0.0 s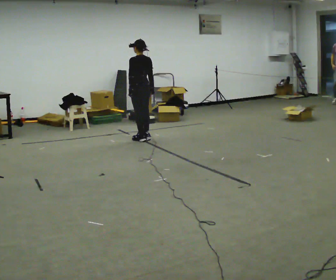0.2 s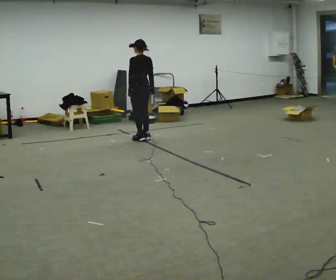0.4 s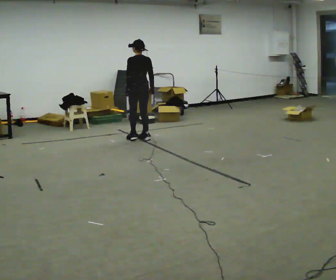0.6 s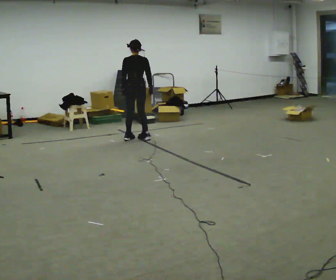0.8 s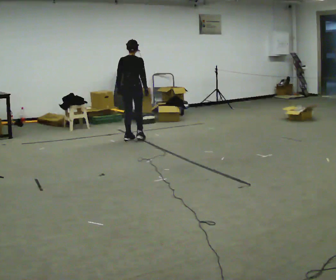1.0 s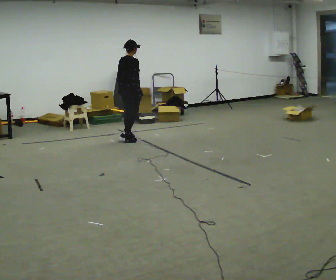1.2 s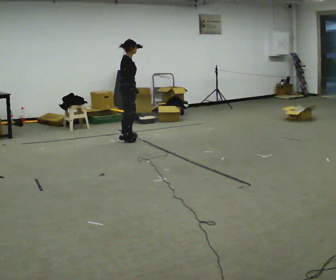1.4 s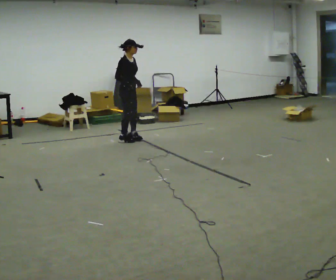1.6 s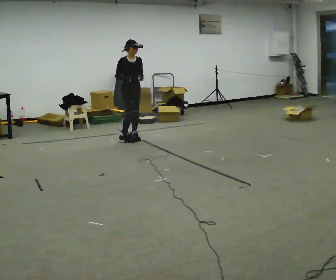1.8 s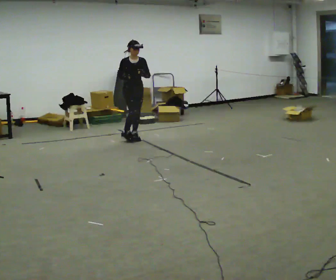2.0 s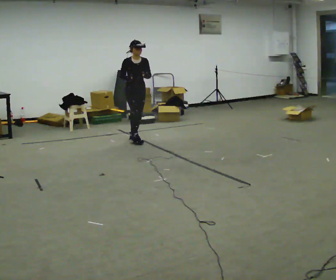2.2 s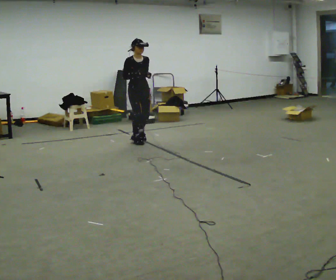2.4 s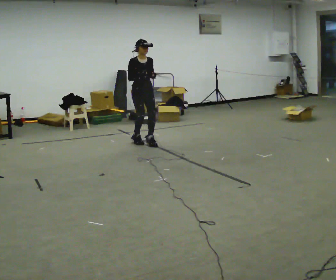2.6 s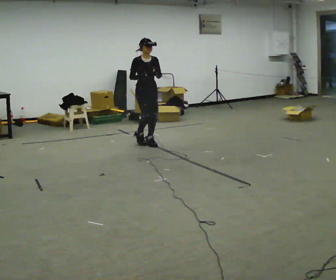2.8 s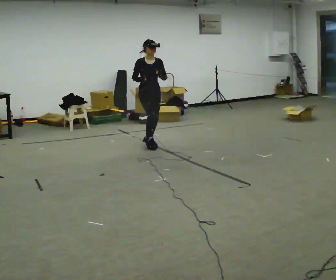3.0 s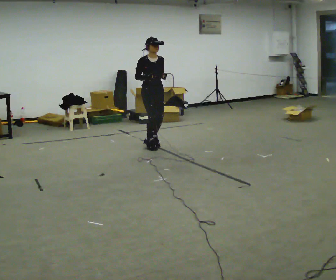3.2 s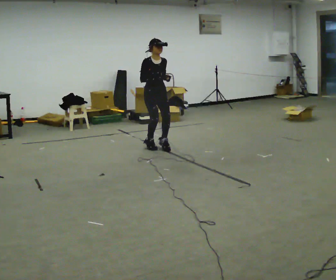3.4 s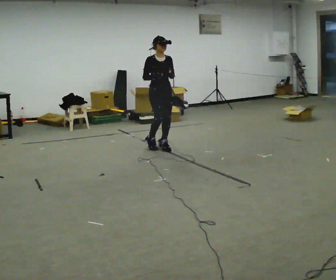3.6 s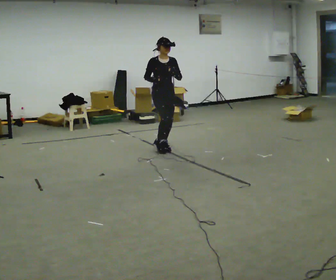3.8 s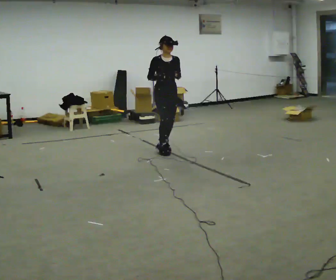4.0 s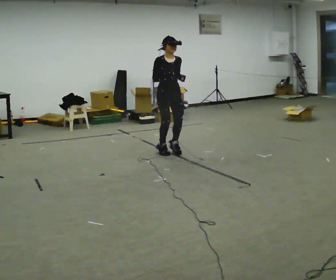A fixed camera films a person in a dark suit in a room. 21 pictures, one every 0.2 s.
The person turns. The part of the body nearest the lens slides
to the left.
The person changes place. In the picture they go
toward the camera.
0.0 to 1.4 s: The person turns about 135 degrees to their right, clockwise seen from above, so the part of the body nearest the lens slides to the left. In the picture they go to the left, about 0.25 m in 2 steps.
1.4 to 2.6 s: The person turns about 60 degrees to their right, clockwise seen from above, so the part of the body nearest the lens slides to the left. In the picture they go toward the camera and to the right, about 0.5 m in 3 steps.
2.6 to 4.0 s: In the picture they go toward the camera and to the right, about 0.5 m in 3 steps, which for them is forward.
The film runs backward here.
